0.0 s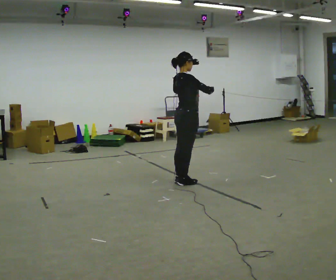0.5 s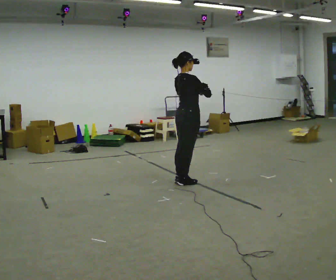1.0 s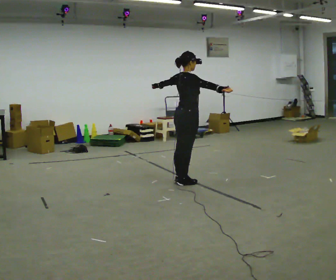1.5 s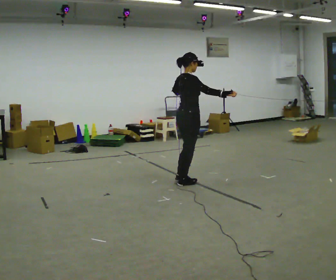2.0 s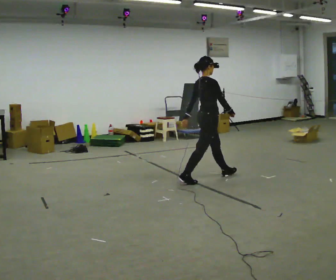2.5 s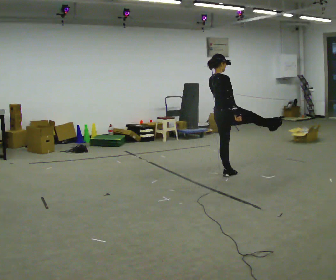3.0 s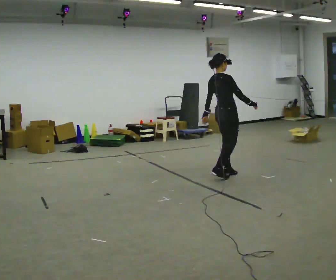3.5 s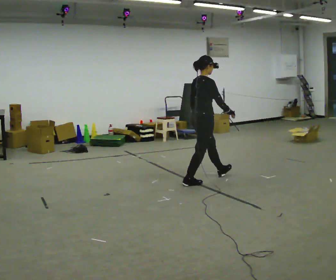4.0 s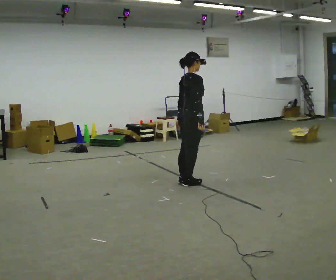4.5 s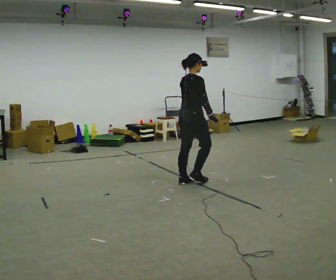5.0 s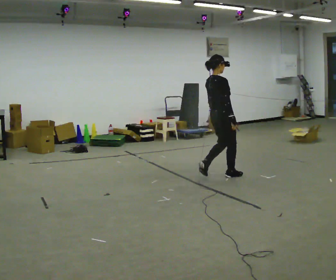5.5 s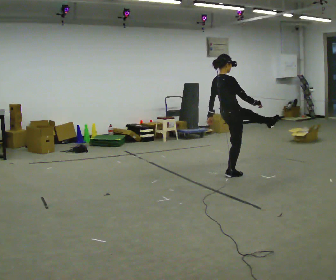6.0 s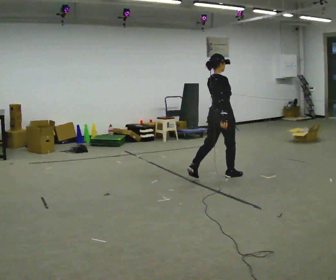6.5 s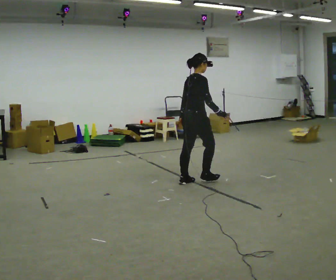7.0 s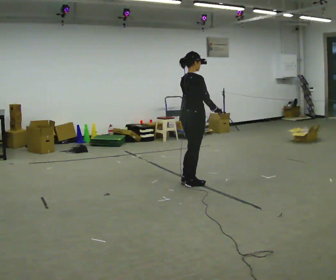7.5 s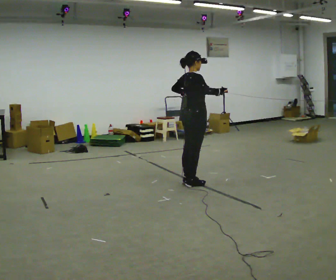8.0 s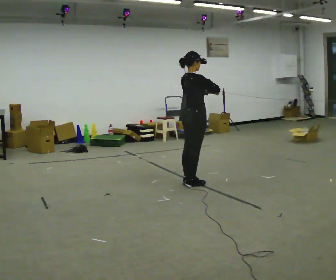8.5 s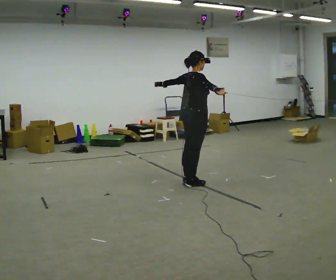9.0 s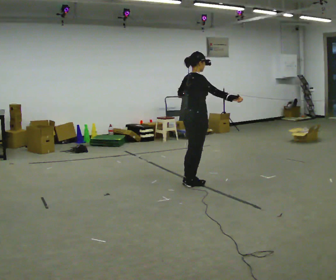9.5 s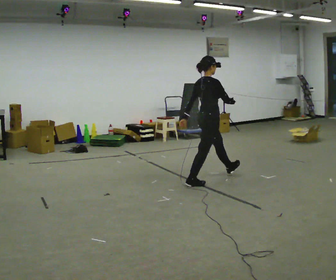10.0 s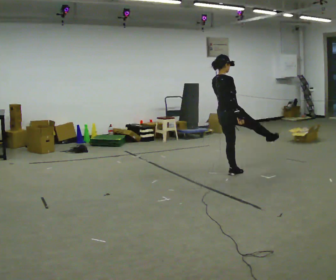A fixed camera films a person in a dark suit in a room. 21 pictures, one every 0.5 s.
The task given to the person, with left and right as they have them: Dance freely at a fast tempo as if to upbeat music; keep moving continuously.
0.0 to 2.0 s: In the picture they go to the right and away from the camera, about 0.25 m in 1 step, which for them is forward.
2.0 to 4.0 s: In the picture they go to the left and toward the camera, about 0.25 m in 1 step, which for them is backward.
4.0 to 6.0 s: In the picture they go to the right and away from the camera, about 0.5 m in 1 step, which for them is forward.
6.0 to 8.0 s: In the picture they go to the left and toward the camera, about 0.5 m in 1 step, which for them is backward. In the picture their right hand goes upward.
8.0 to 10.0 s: In the picture they go to the right and away from the camera, about 0.5 m in 1 step, which for them is forward. In the picture their right hand goes downward.
The film runs forward here.
